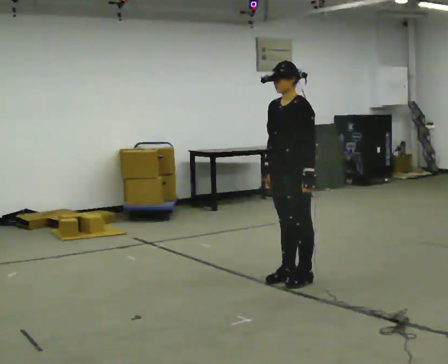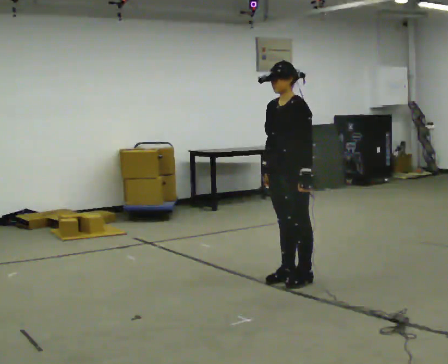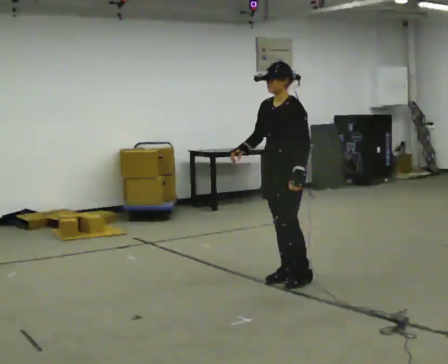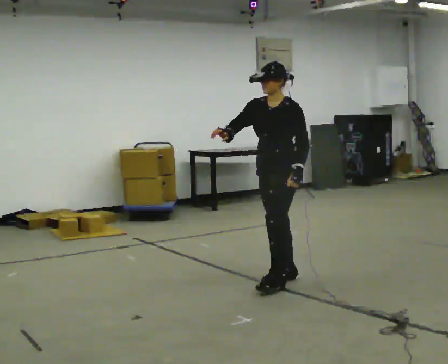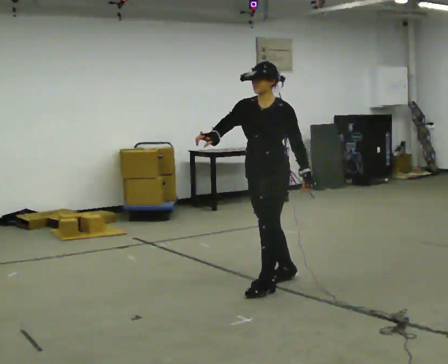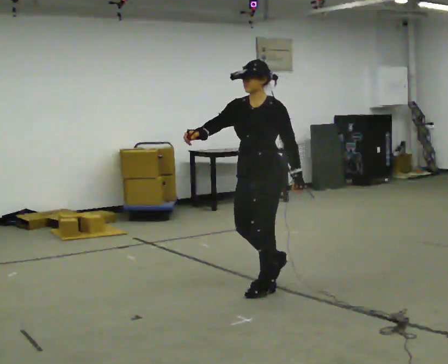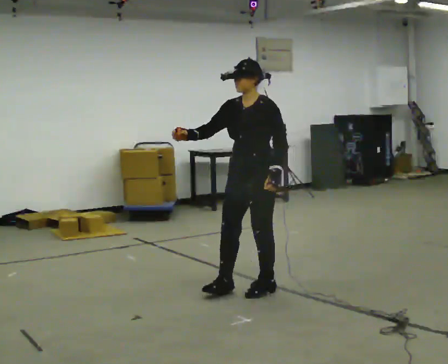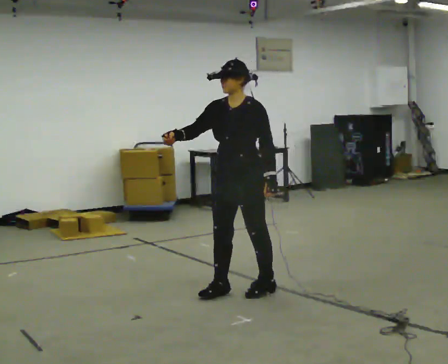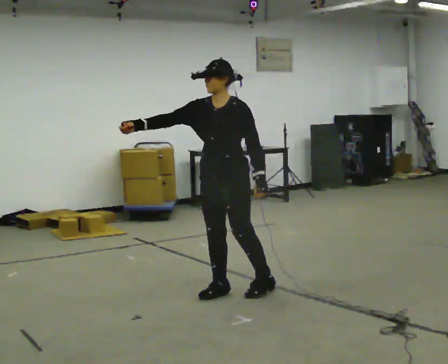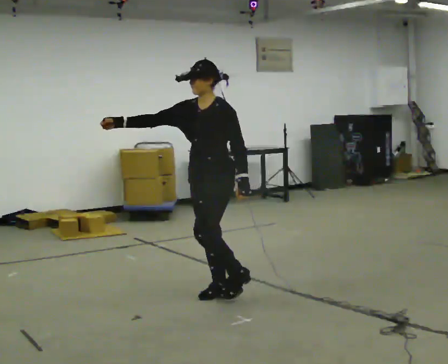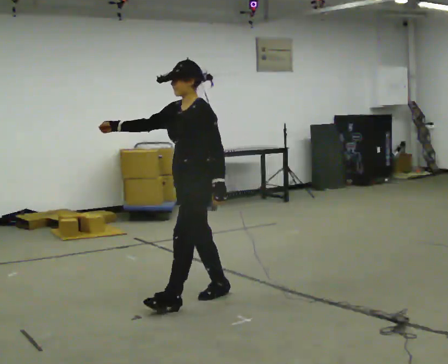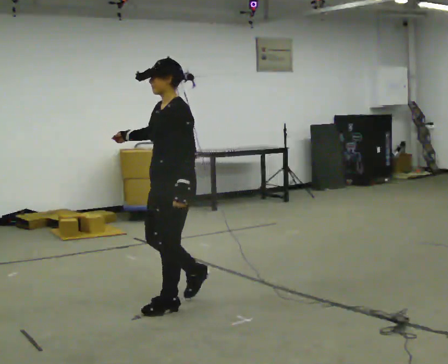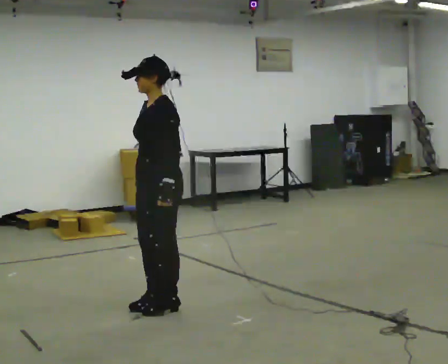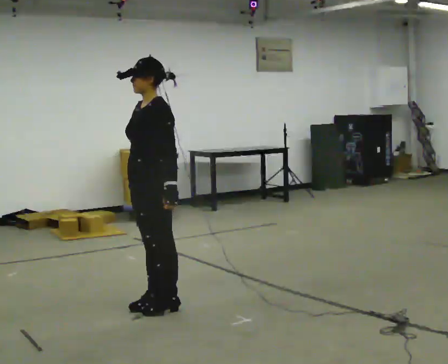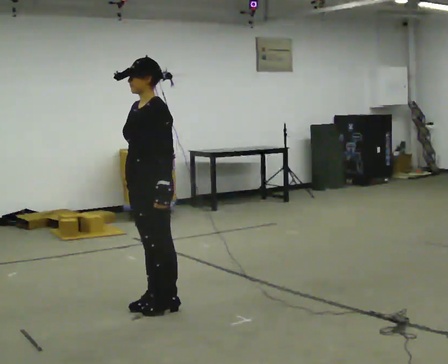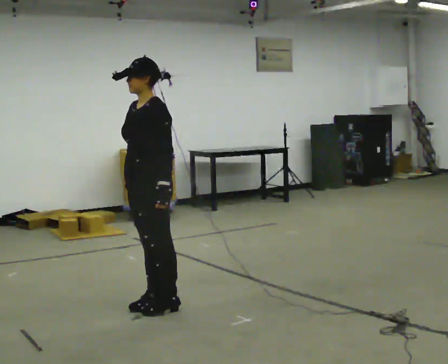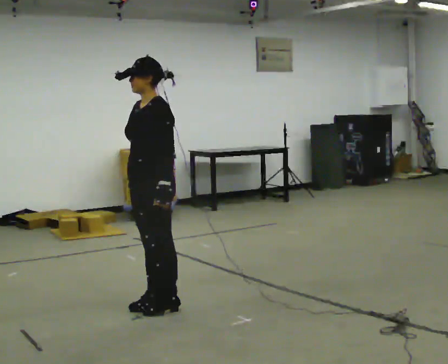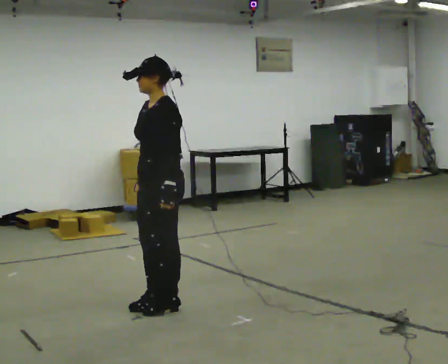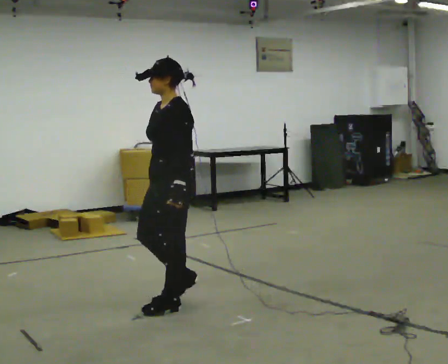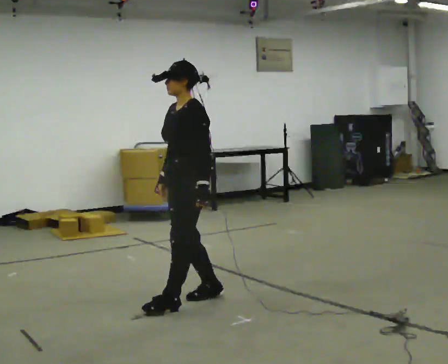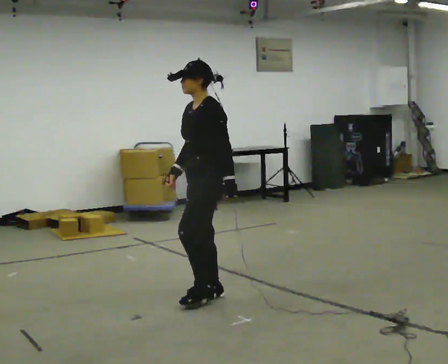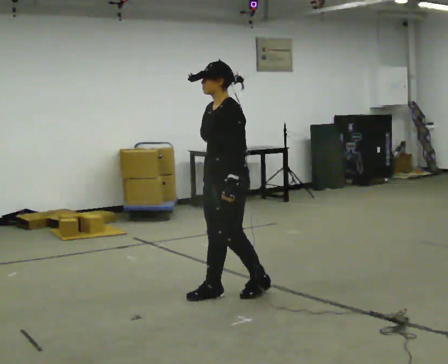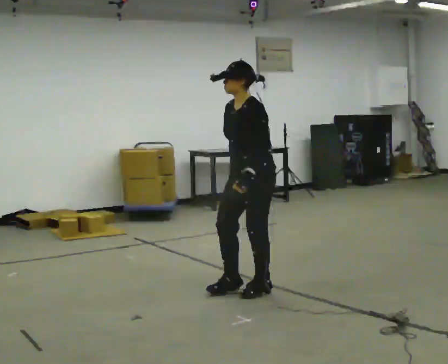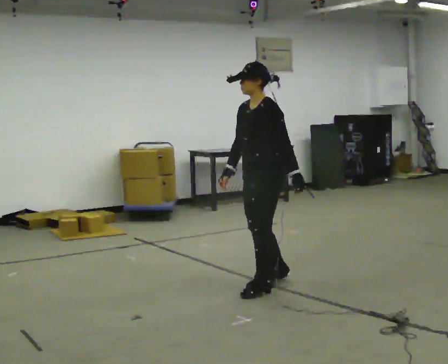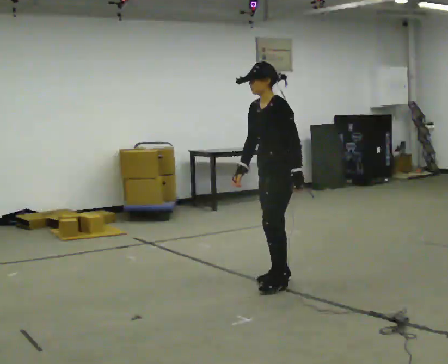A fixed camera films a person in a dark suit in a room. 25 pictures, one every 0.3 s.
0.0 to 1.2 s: In the picture they go to the left, about 0.25 m in 1 step, which for them is forward. In the picture their right hand goes to the left, the arm swinging clockwise.
1.2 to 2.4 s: In the picture they go to the left and toward the camera, about 0.25 m in 1 step, which for them is forward.
2.4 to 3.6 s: Seen from above the body turns clockwise, about 30 degrees: to their right, with its near side sliding to the left. In the picture they go to the left and toward the camera, about 0.5 m in 2 steps, which for them is forward.
3.6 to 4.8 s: The person moves a little, or ends about where they began.
4.8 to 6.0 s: In the picture they go to the right and away from the camera, about 0.5 m in 1 step, which for them is backward.
6.0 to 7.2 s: In the picture they go to the right and away from the camera, about 0.5 m in 2 steps, which for them is backward.
The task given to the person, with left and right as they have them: Act out everyday actions without any objects, as in charades: opening a door, drinking, reading, brushing your hair. Repeat the movement at your own pace until the operator says stop; do not rush.
The film runs forward here.
